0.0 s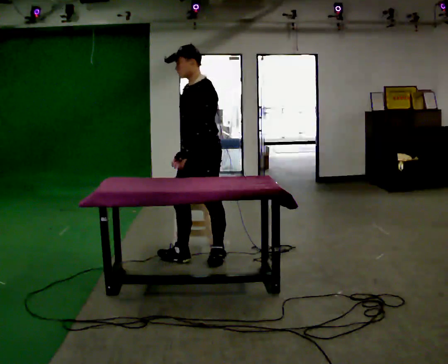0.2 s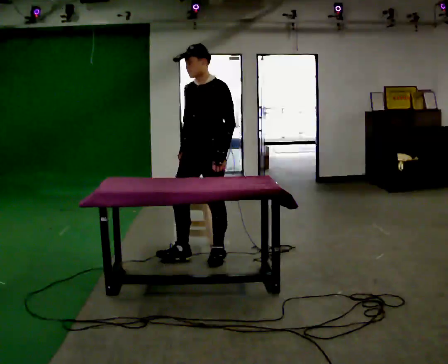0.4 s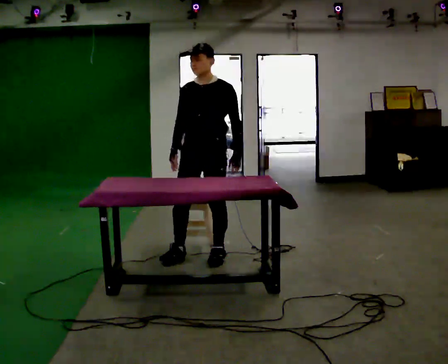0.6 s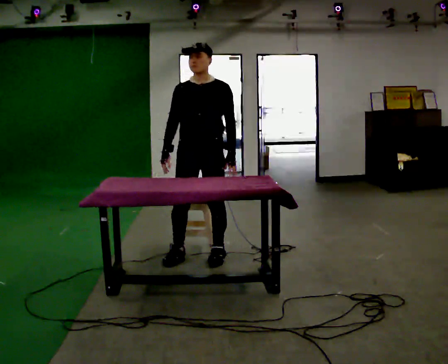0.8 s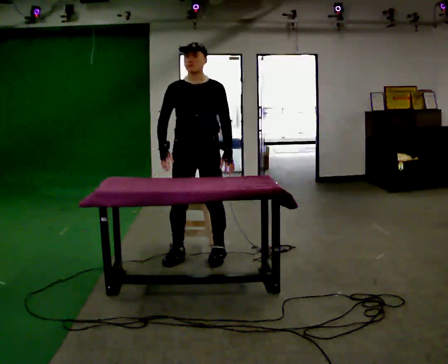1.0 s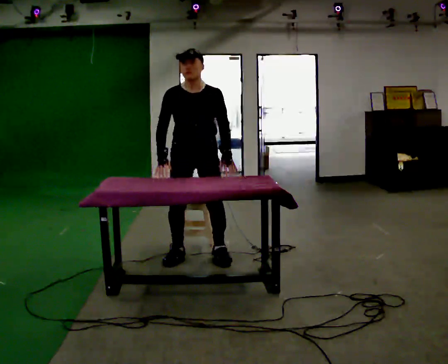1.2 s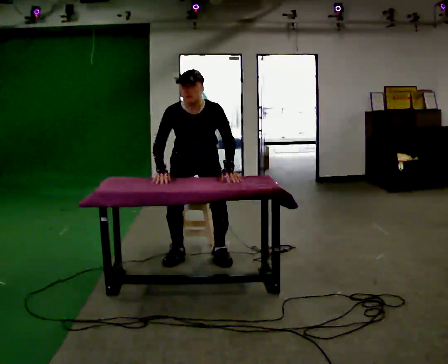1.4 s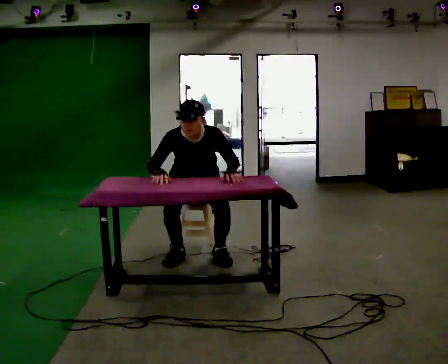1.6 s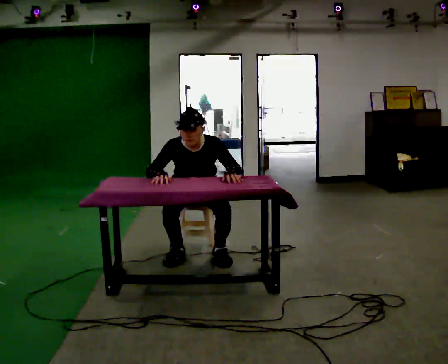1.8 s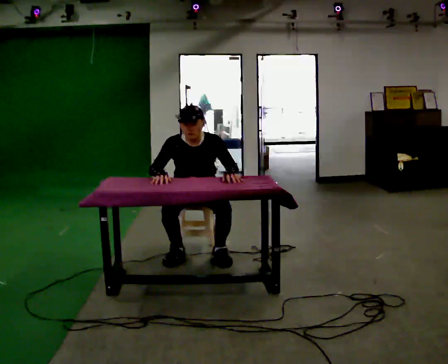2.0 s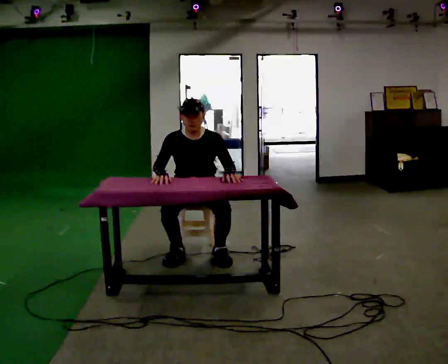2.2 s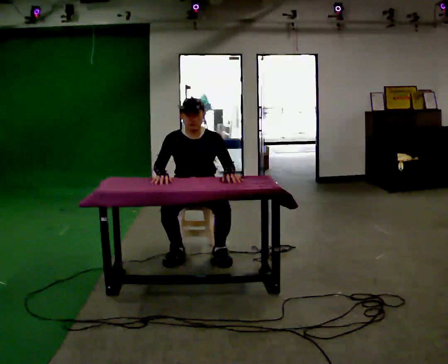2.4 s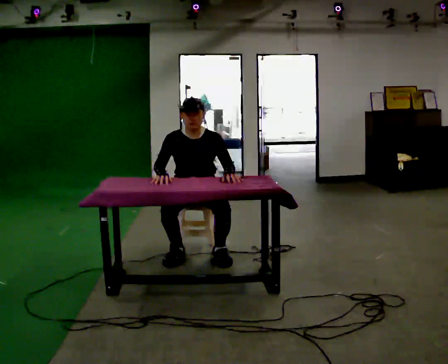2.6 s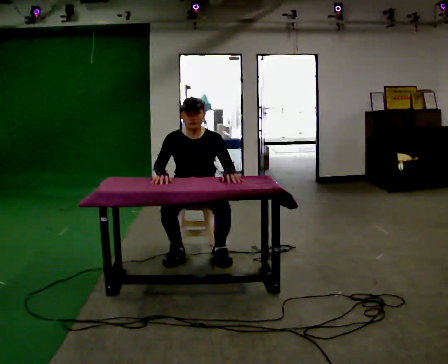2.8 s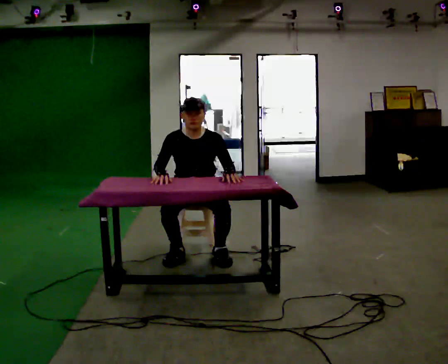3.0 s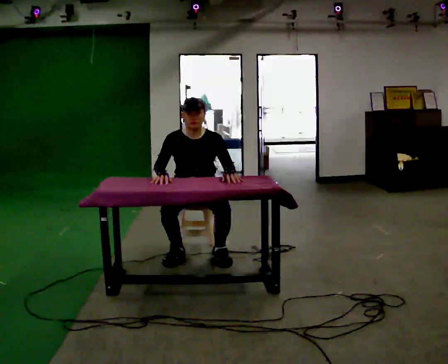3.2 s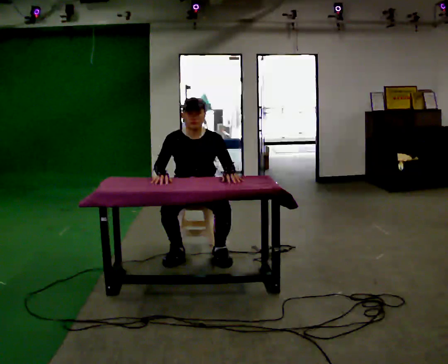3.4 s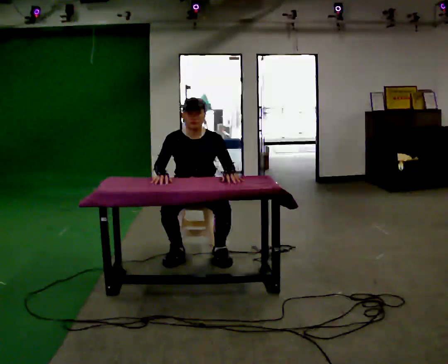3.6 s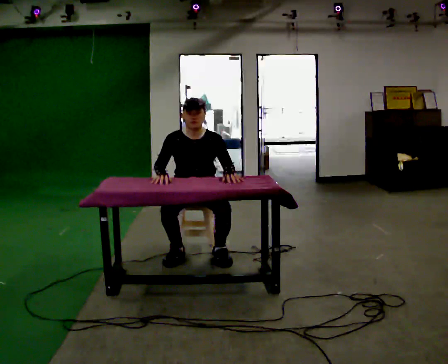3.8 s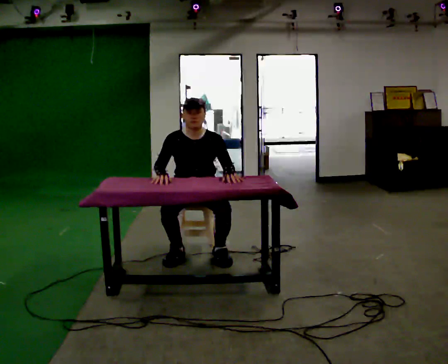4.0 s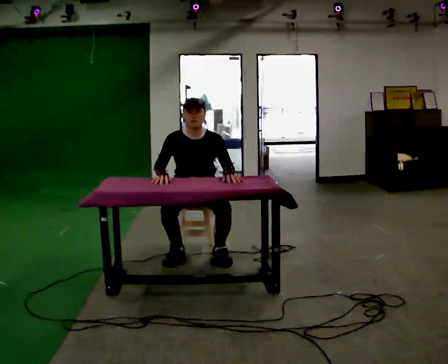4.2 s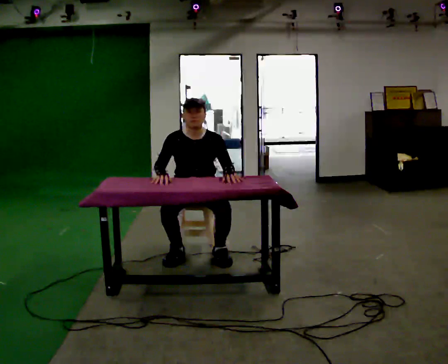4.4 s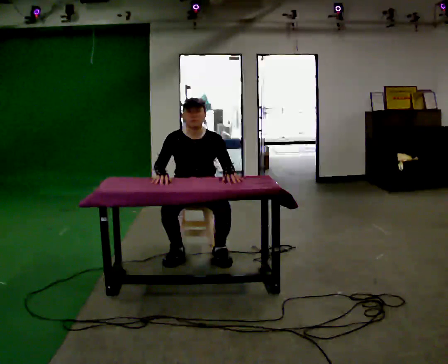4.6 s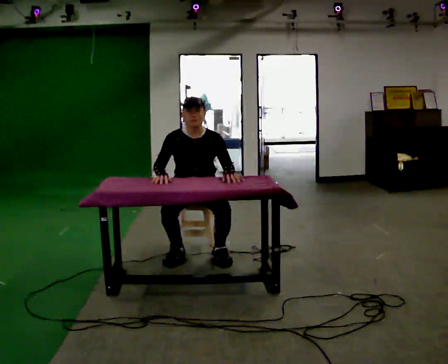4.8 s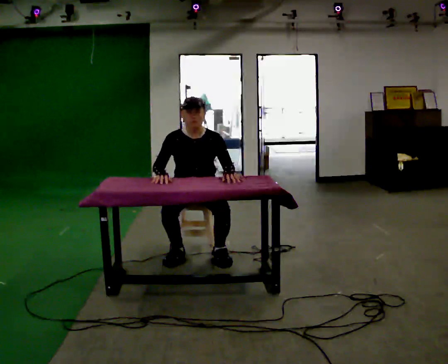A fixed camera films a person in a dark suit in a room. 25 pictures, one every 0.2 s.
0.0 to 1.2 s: Seen from above the body turns counterclockwise, about 60 degrees: to their left, with its near side sliding to the right. The upper body tips toward the camera, its near side rolling downward, as they bend forward.
1.2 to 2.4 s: The upper body goes downward.
2.4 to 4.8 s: The person keeps their place and pose.
The film runs backward here.
